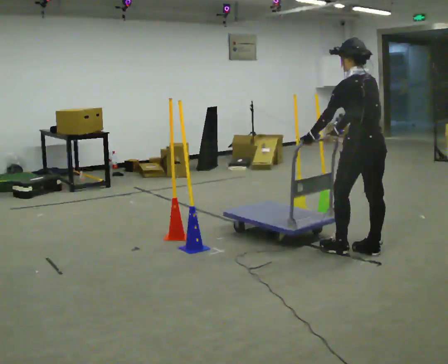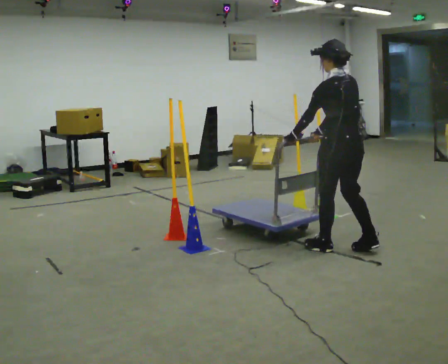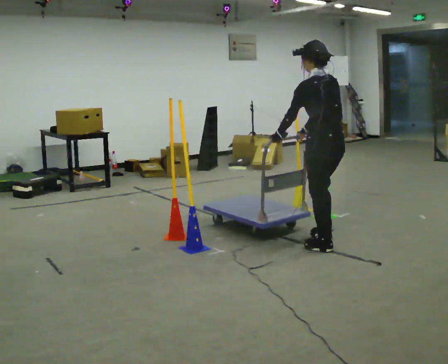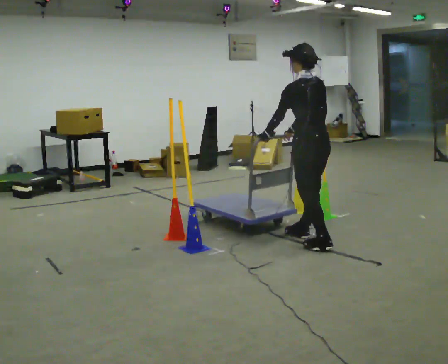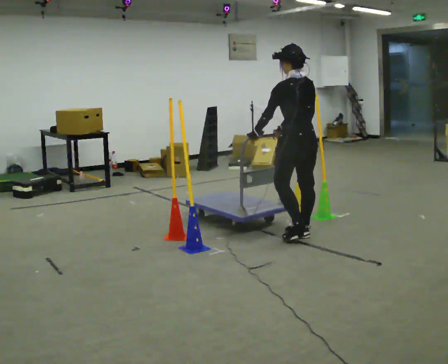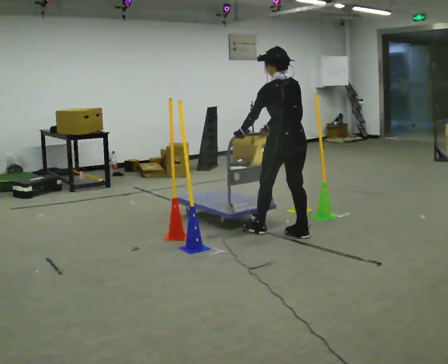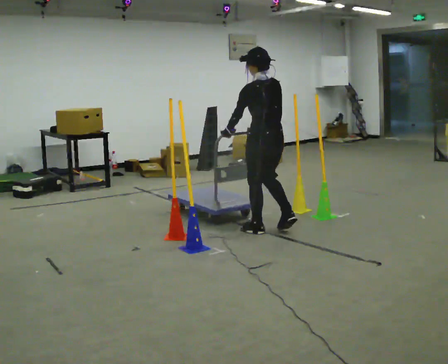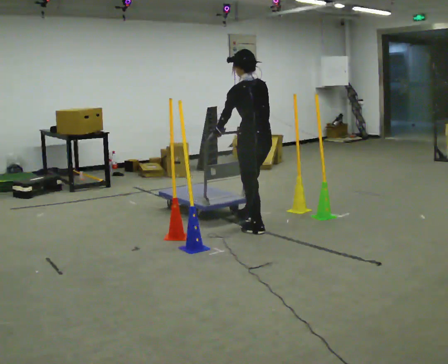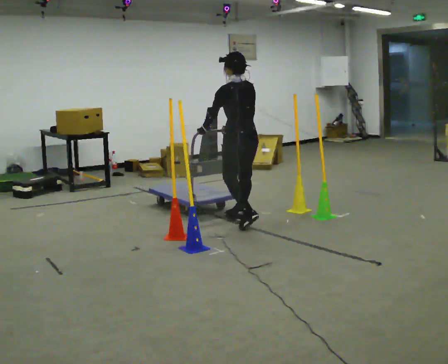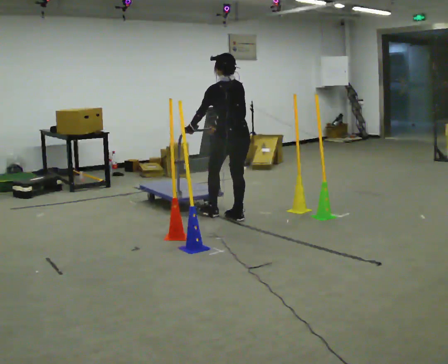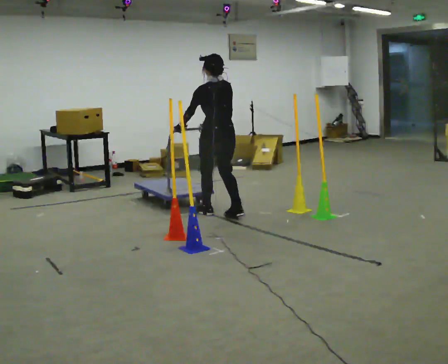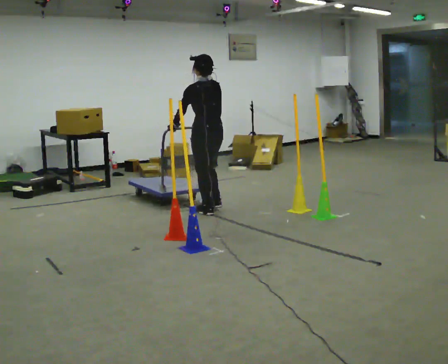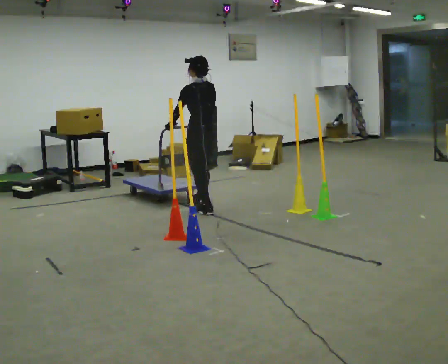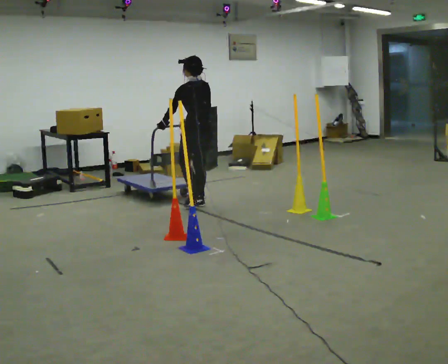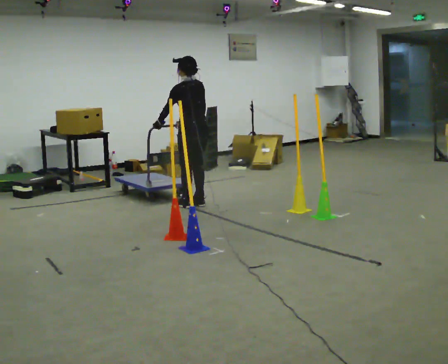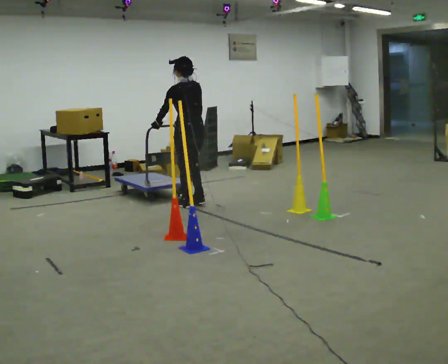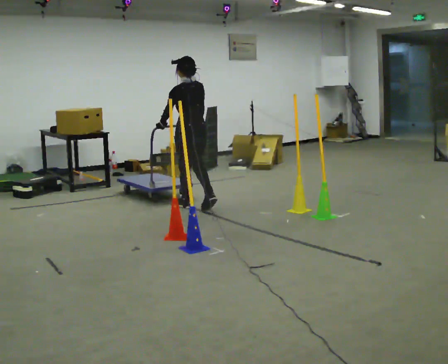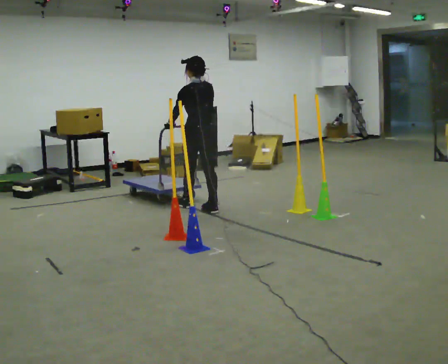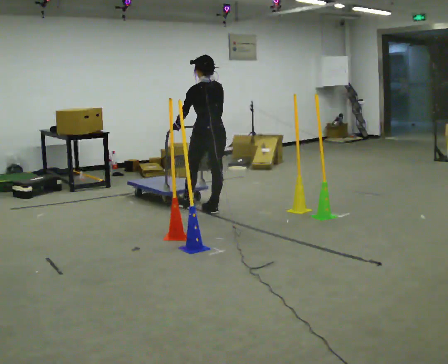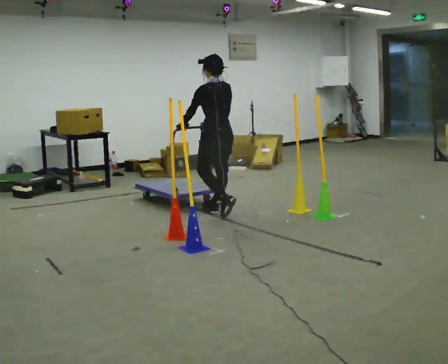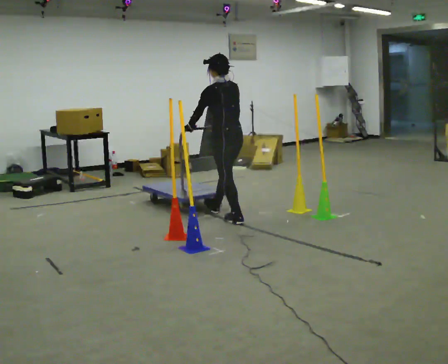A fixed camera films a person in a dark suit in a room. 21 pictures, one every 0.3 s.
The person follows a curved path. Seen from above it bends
counterclockwise.
0.0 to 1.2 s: In the picture they go away from the camera and to the left, about 0.75 m in 2 steps, which for them is forward.
1.2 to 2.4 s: In the picture they go away from the camera and to the left, about 0.75 m in 2 steps, which for them is forward.
2.4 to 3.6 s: In the picture they go away from the camera and to the left, about 0.75 m in 1 step, which for them is forward.
3.6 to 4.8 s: The person moves a little, or ends about where they began.
4.8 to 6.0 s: In the picture they go toward the camera and to the right, about 0.5 m in 2 steps, which for them is backward.
The film runs backward here.
